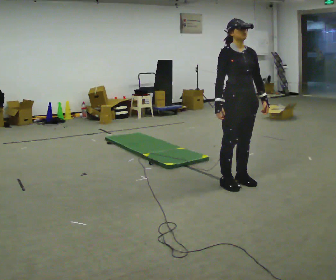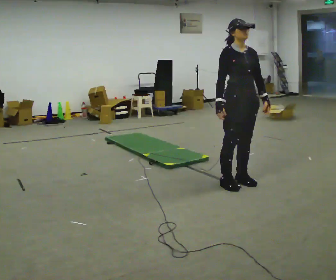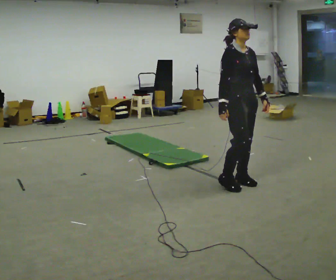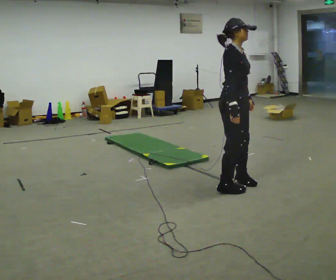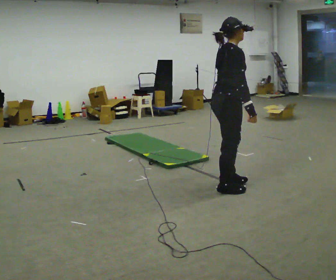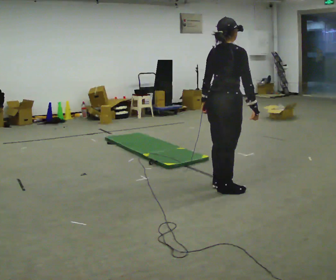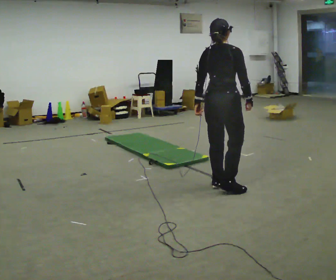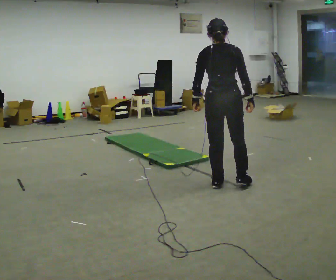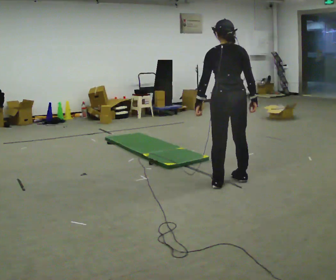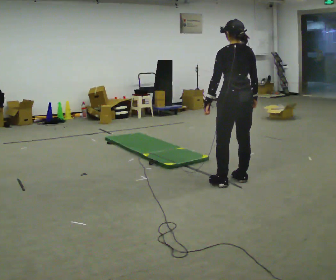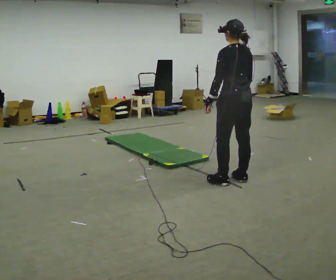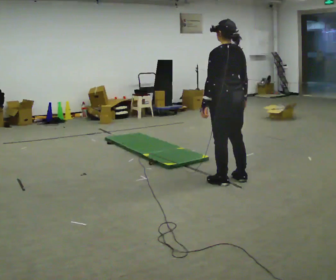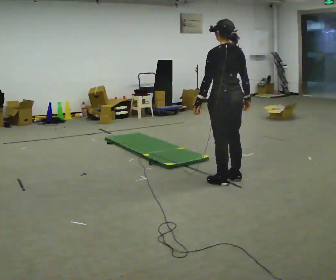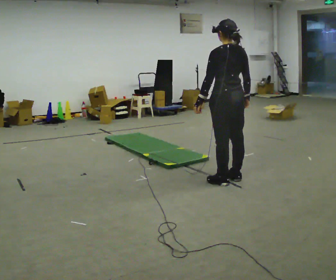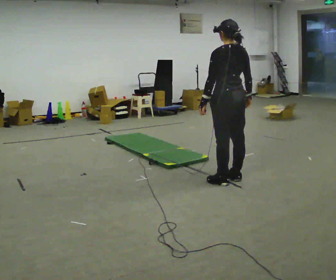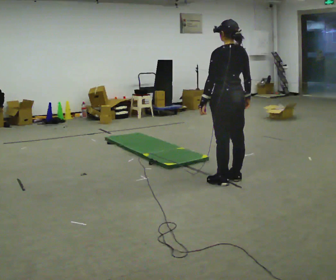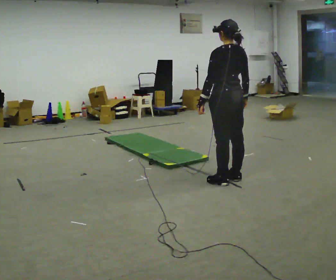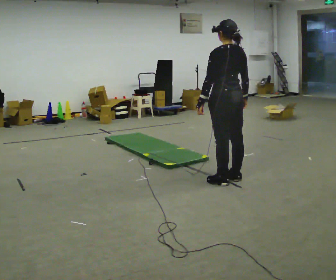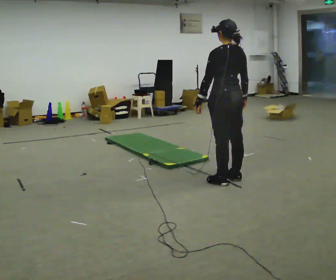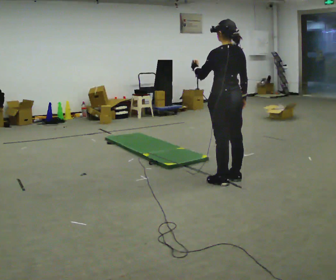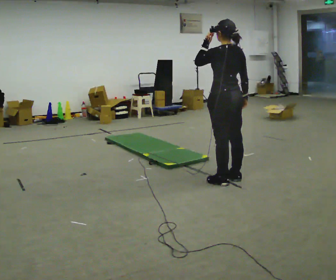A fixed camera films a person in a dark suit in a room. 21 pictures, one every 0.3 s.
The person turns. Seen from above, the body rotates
counterclockwise.
Their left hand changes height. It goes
upward.
0.0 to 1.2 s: The person turns about 75 degrees to their left, counterclockwise seen from above, so the part of the body nearest the lens slides to the right. In the picture they go toward the camera, about 0.25 m in 1 step. In the picture their left hand goes to the left, the arm swinging clockwise.
1.2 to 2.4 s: The part of the body nearest the lens slides to the right as the person turns to their left by about 90 degrees. In the picture they go away from the camera, about 0.25 m in 2 steps.
2.4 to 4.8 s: The person turns about 30 degrees to their left, counterclockwise seen from above, so the part of the body nearest the lens slides to the right.
4.8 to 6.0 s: In the picture their left hand goes upward.
The film runs forward here.
